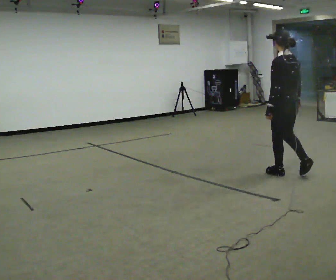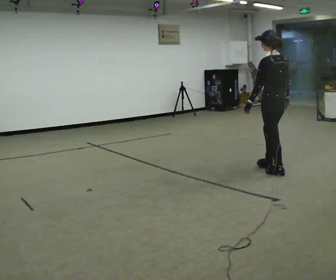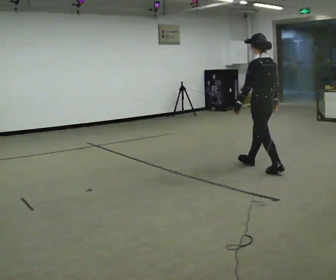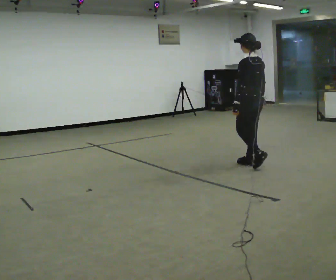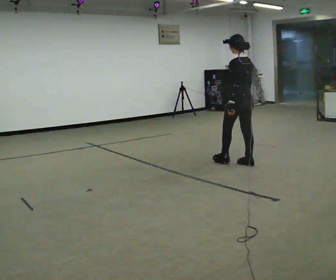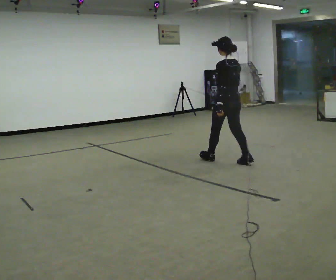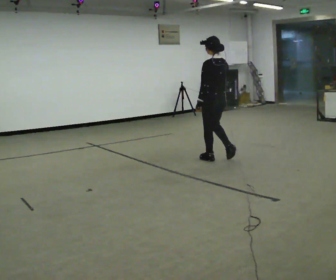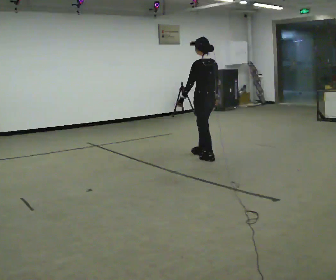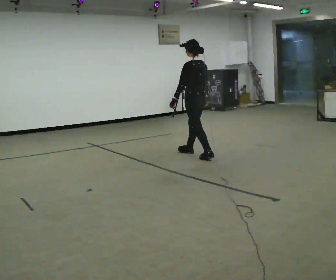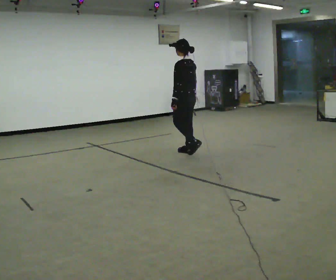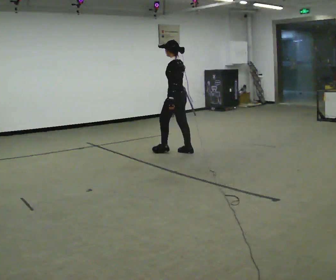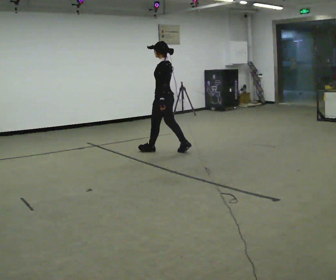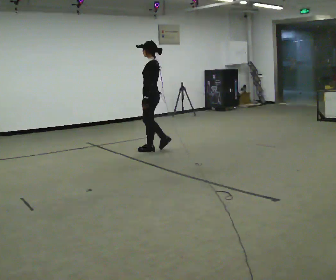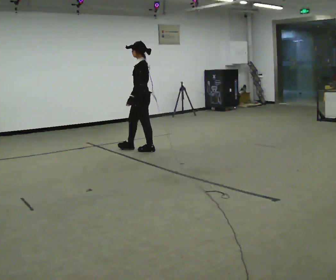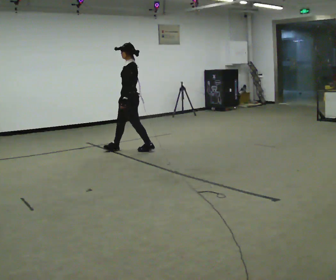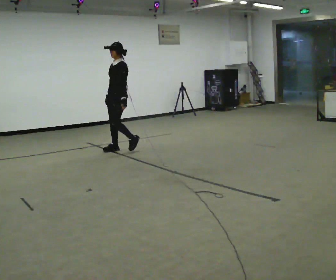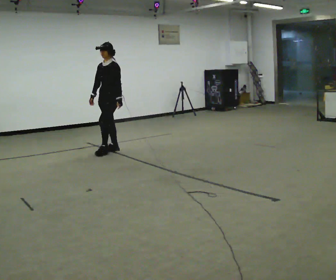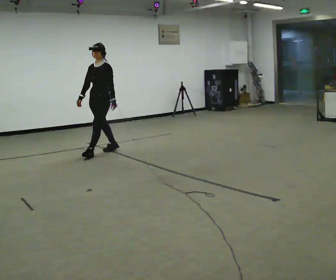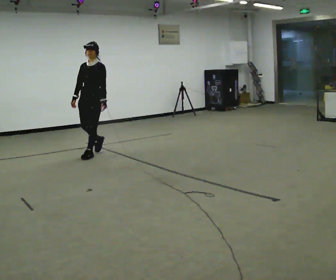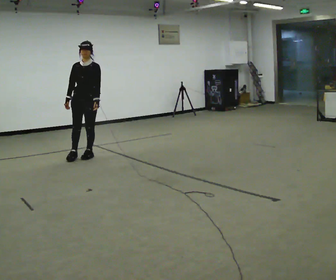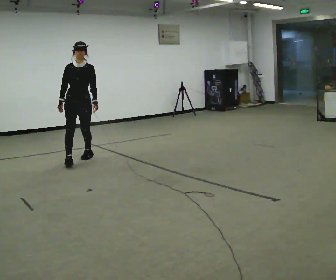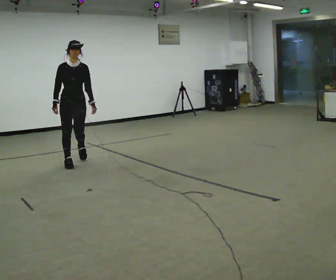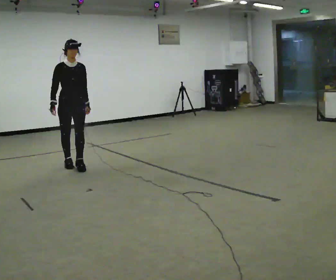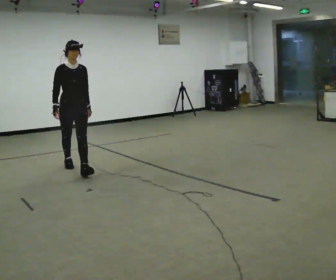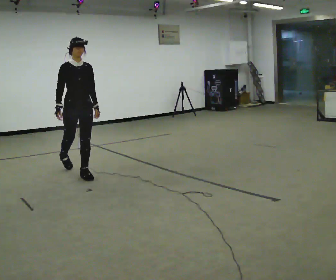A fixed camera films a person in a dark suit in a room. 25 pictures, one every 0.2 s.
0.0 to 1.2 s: In the picture they go away from the camera and to the left, about 1 m in 2 steps, which for them is forward.
1.2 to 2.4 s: Seen from above the body turns counterclockwise, about 45 degrees: to their left, with its near side sliding to the right. In the picture they go to the left and away from the camera, about 1 m in 2 steps, which for them is forward.
2.4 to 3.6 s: The person turns about 75 degrees to their left, counterclockwise seen from above, so the part of the body nearest the lens slides to the right. In the picture they go to the left, about 1 m in 2 steps.
3.6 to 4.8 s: Seen from above the body turns counterclockwise, about 60 degrees: to their left, with its near side sliding to the right. In the picture they go toward the camera, about 1 m in 2 steps, which for them is forward.
The film runs forward here.
